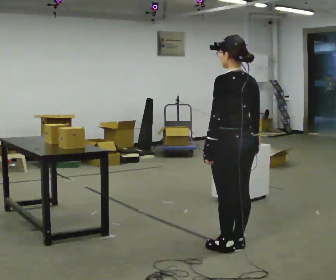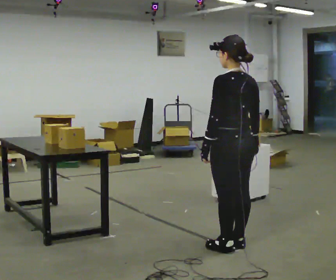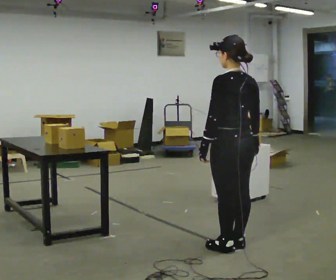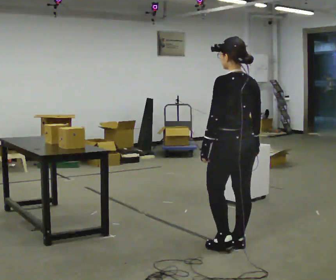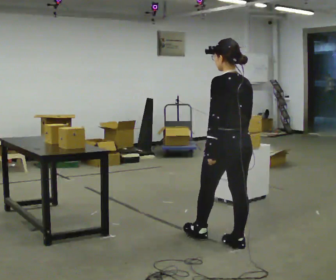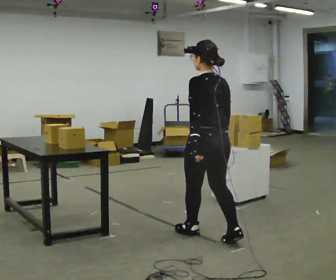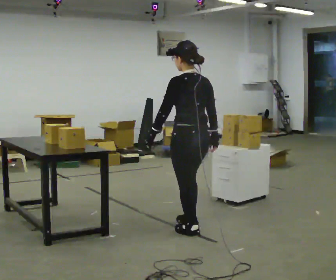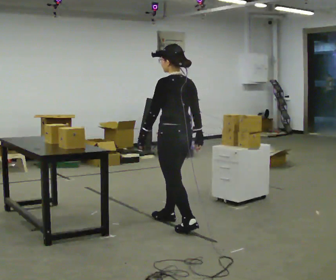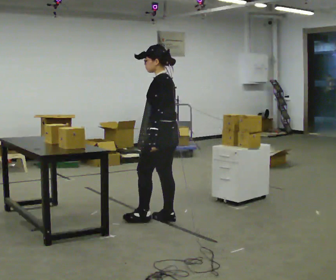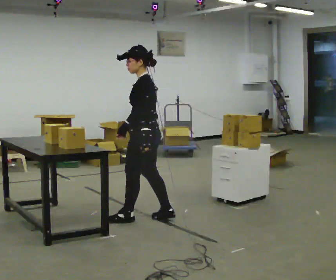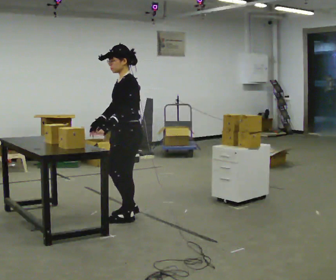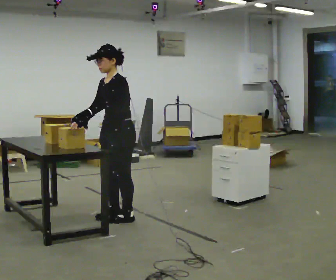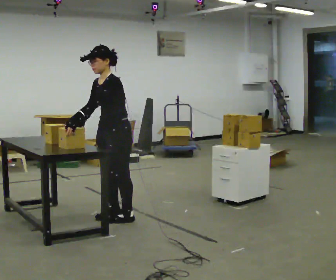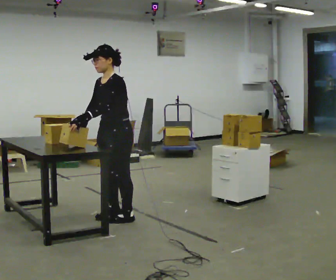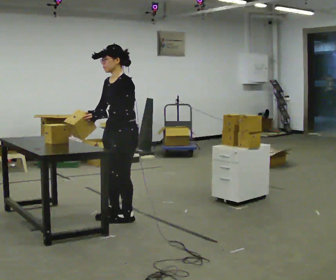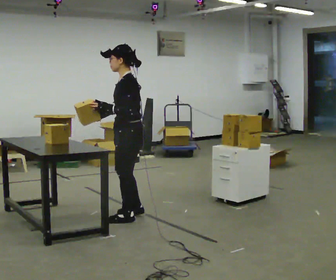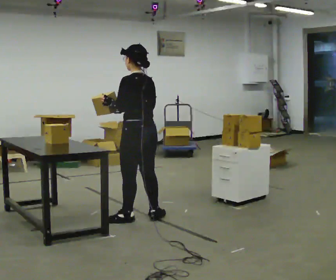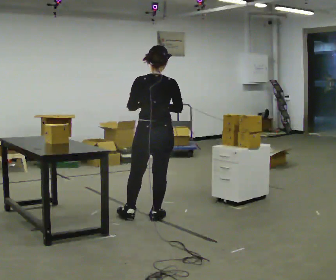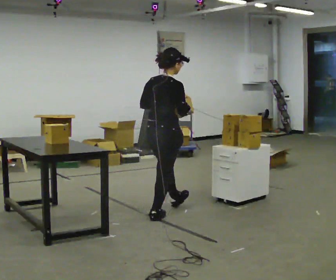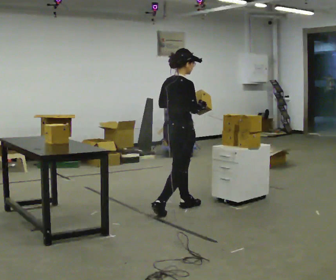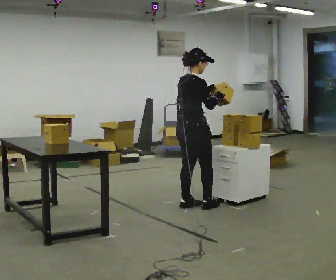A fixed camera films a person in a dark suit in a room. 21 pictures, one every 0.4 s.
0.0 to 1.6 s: The person moves a little, or ends about where they began.
1.6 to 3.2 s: The person turns about 30 degrees to their left, counterclockwise seen from above, so the part of the body nearest the lens slides to the right. In the picture they go away from the camera and to the left, about 1 m in 2 steps, which for them is forward.
3.2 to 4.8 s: The part of the body nearest the lens slides to the right as the person turns to their left by about 60 degrees. In the picture they go to the left, about 0.5 m in 2 steps, which for them is forward and to their right.
4.8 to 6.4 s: The person turns about 75 degrees to their right, clockwise seen from above, so the part of the body nearest the lens slides to the left. In the picture they go to the right, about 0.25 m in 1 step. In the picture their right hand goes to the right.
6.4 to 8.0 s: Seen from above the body turns clockwise, about 105 degrees: to their right, with its near side sliding to the left. In the picture they go to the right and away from the camera, about 0.75 m in 1 step.
The film runs forward here.
